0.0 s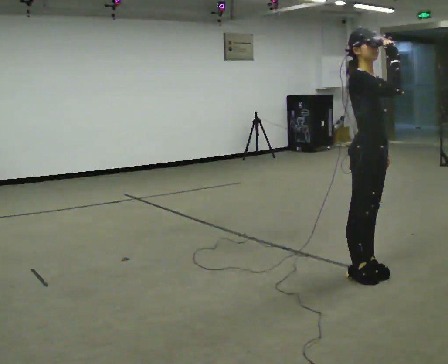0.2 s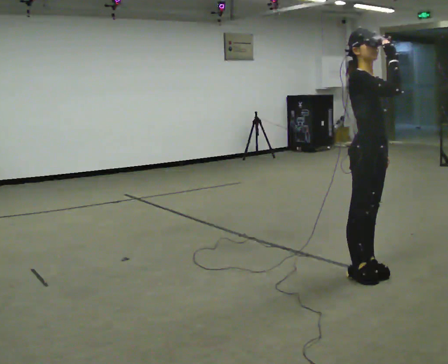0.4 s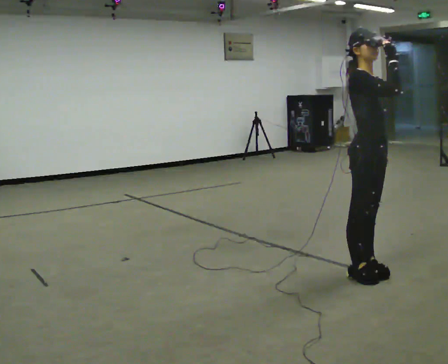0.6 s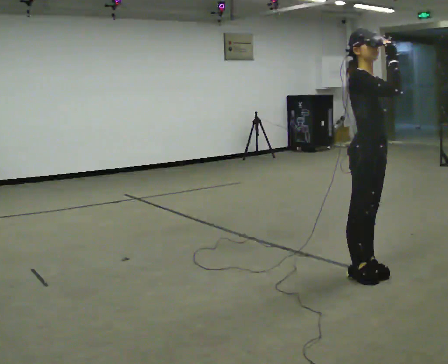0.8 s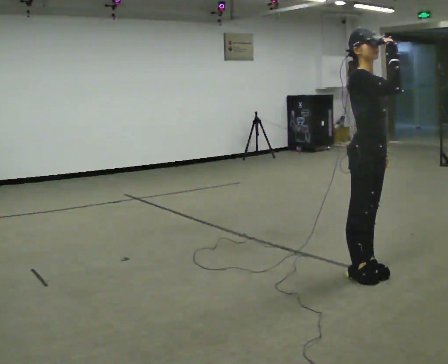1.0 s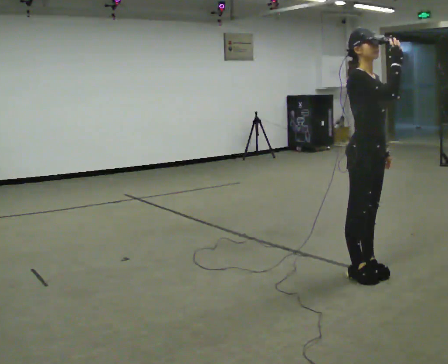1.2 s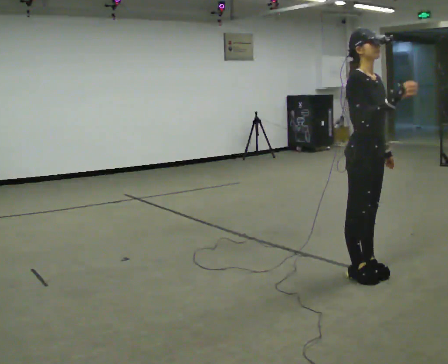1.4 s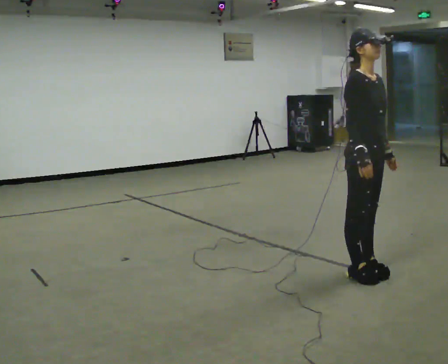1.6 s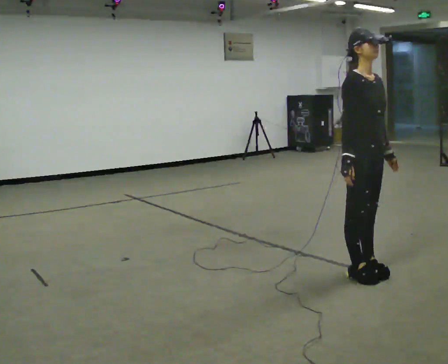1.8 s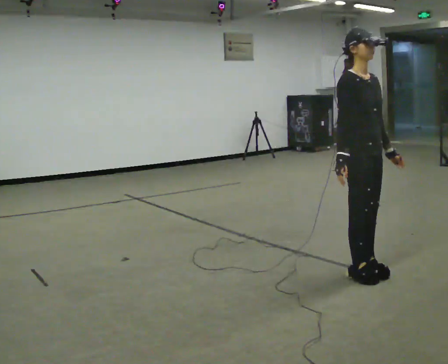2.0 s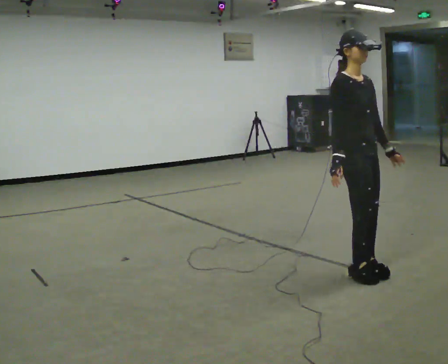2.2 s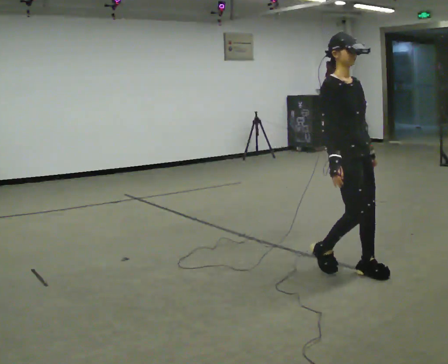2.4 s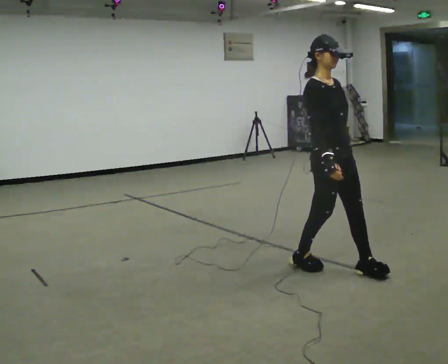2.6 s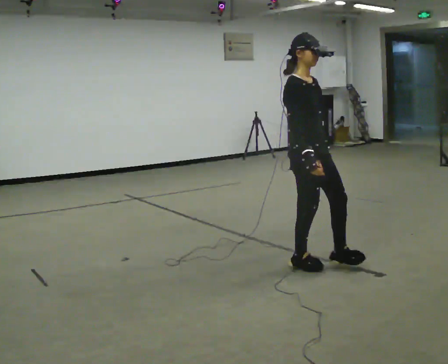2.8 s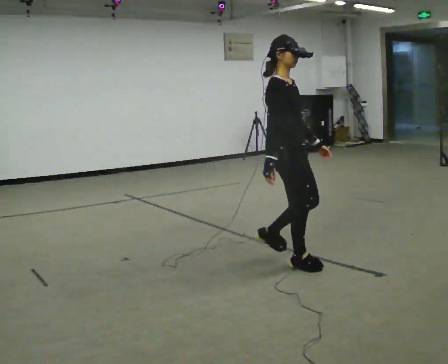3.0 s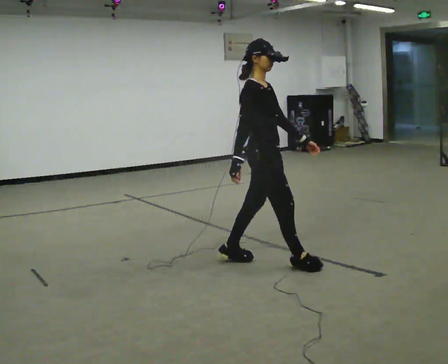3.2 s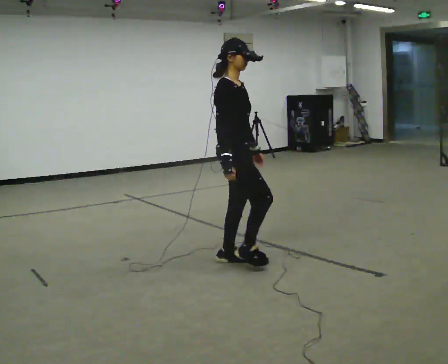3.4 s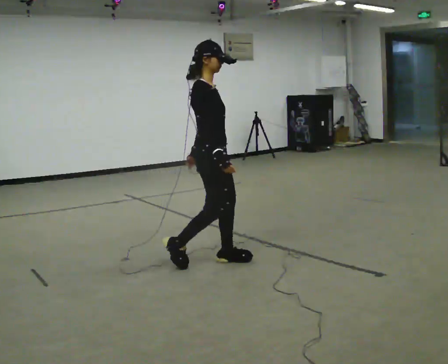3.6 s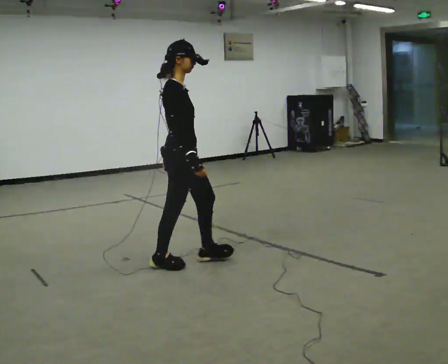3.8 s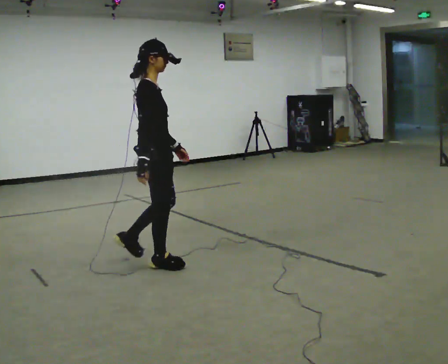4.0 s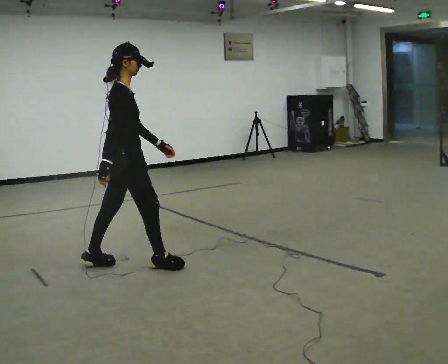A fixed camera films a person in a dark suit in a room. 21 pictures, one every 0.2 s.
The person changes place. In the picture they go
to the left.
Their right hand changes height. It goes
downward.
0.0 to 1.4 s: In the picture their right hand goes downward.
1.4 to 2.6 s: In the picture they go to the left and away from the camera, about 0.25 m in 2 steps, which for them is backward and to their right.
2.6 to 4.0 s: The person turns about 60 degrees to their left, counterclockwise seen from above, so the part of the body nearest the lens slides to the right. In the picture they go to the left, about 1.5 m in 2 steps, which for them is backward.
The film runs backward here.
